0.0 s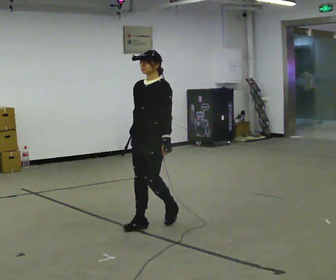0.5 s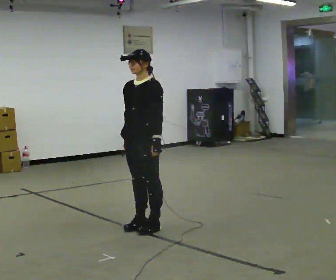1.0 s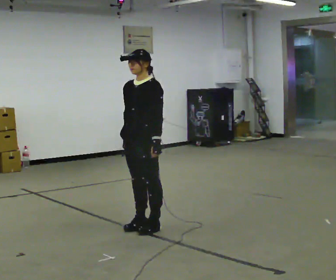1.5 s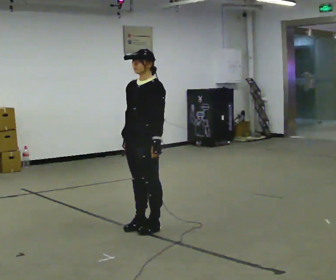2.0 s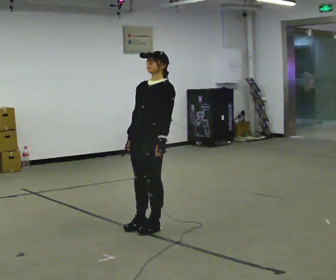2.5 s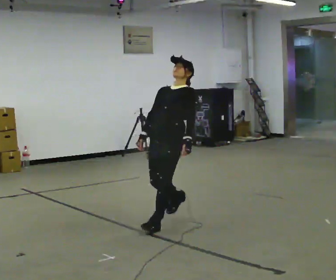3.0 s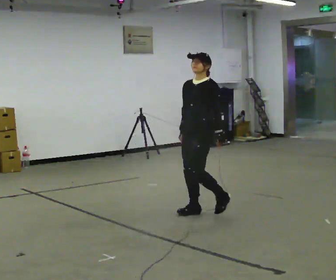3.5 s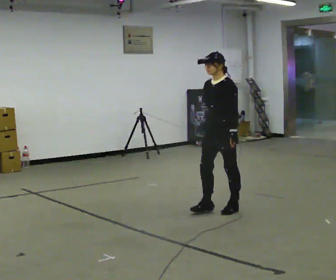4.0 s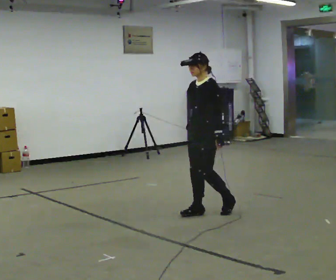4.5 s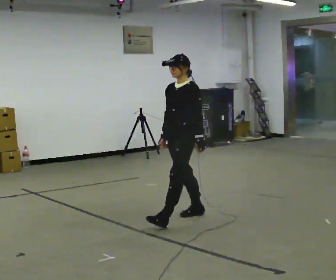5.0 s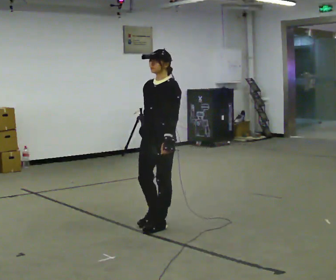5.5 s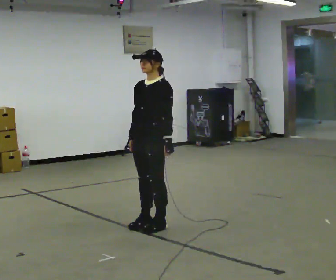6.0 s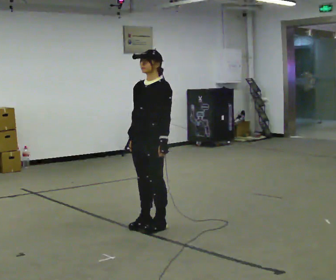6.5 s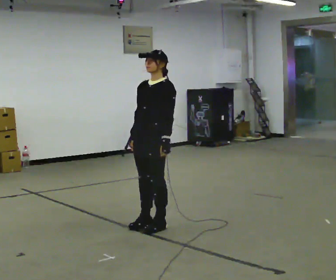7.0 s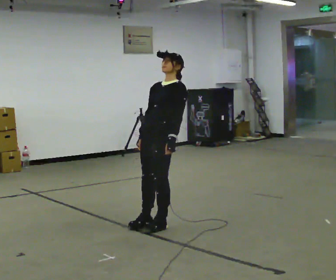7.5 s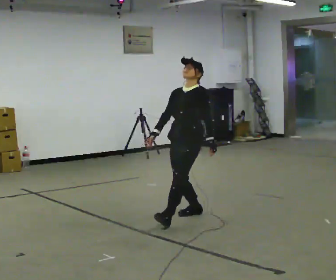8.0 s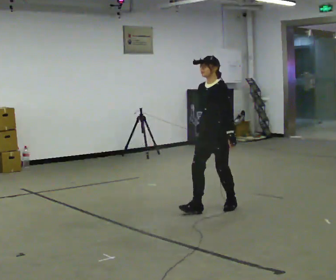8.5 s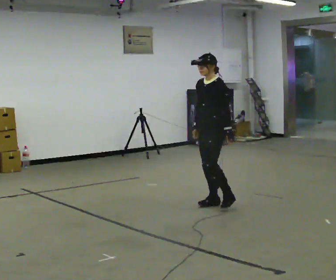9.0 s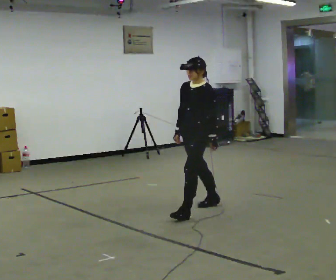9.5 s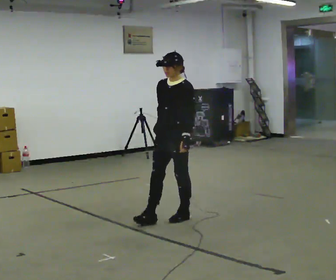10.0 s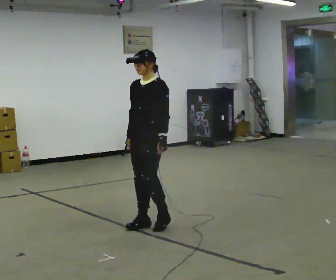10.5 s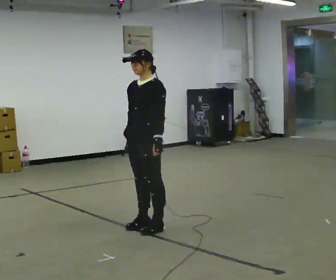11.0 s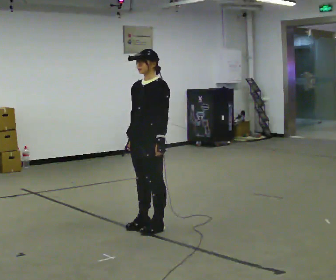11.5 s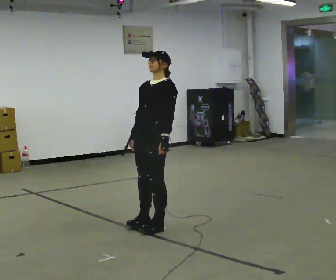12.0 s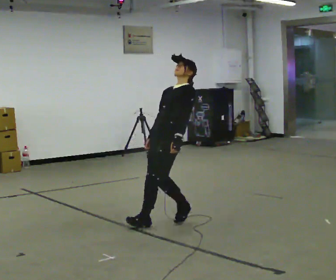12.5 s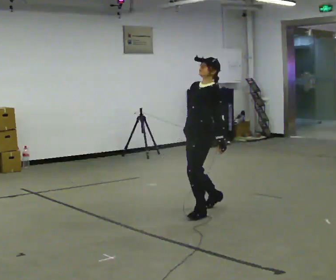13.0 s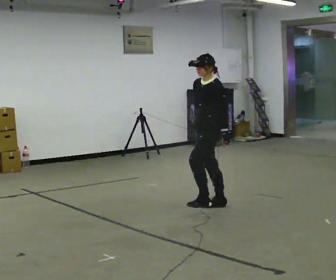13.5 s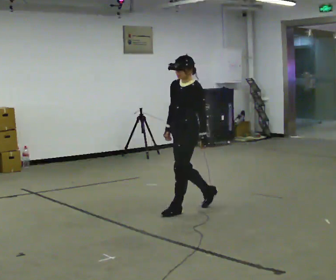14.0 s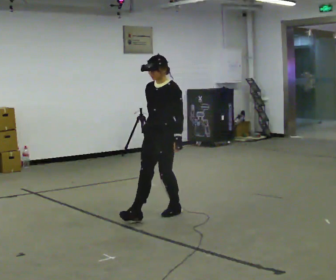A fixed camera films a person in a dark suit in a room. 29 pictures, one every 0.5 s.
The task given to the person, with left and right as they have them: Stand on the marked spots. Lean backward, keeping your body straight, until you cannot hold it, then step back to catch yourself. Return to the spots. Repeat at your own pace until the operator says stop. Go slowly and only as far as you are comfortable. Step whenever you need to; do not try to hold on longer than feels safe.
0.0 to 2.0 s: The person moves a little, or ends about where they began.
2.0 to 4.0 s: In the picture they go away from the camera and to the right, about 0.75 m in 2 steps, which for them is backward.
4.0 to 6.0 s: In the picture they go toward the camera and to the left, about 0.75 m in 2 steps, which for them is forward.
6.0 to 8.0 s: In the picture they go away from the camera and to the right, about 1 m in 2 steps, which for them is backward.
8.0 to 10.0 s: In the picture they go toward the camera and to the left, about 1 m in 3 steps, which for them is forward.
10.0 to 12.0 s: In the picture they go to the right, about 0.25 m in 1 step, which for them is backward. In the picture the upper body tilts clockwise, shoulders to the right, as they lean back or straighten.
12.0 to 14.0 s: In the picture they go away from the camera, about 0.25 m in 3 steps, which for them is to their right. The upper body tips toward the camera, its near side rolling downward, as they bend forward.
The film runs forward here.
